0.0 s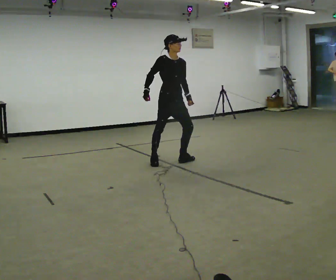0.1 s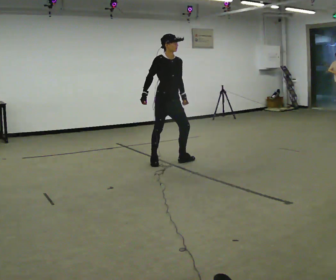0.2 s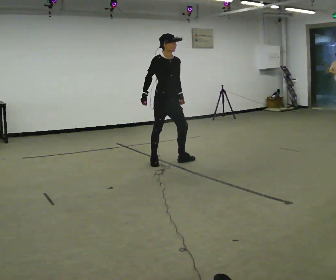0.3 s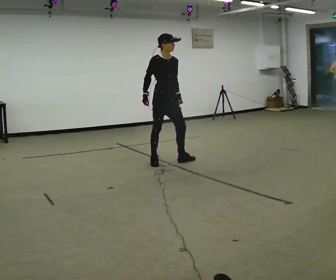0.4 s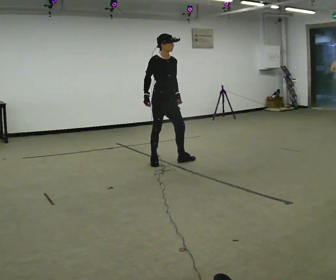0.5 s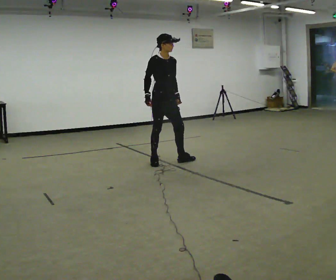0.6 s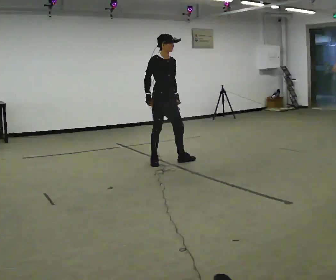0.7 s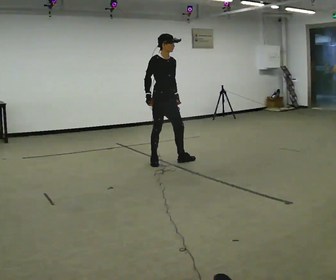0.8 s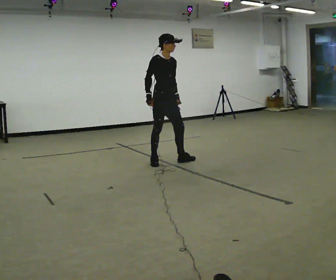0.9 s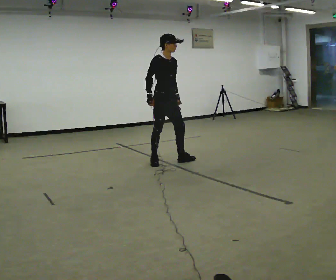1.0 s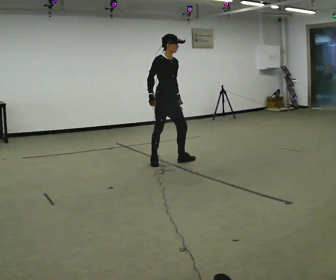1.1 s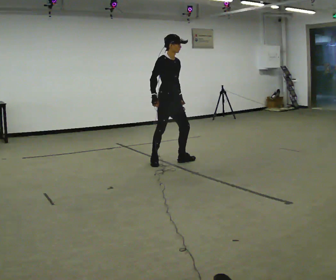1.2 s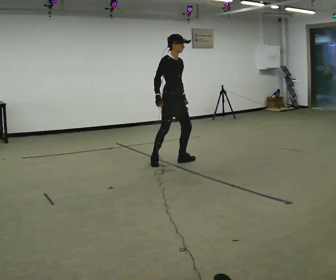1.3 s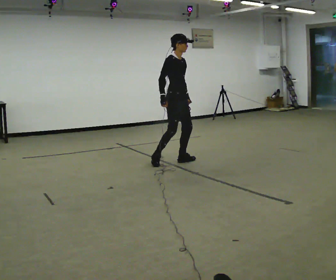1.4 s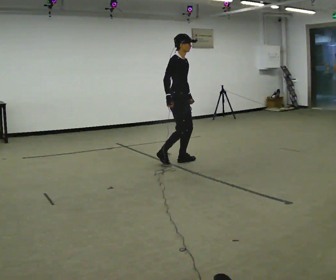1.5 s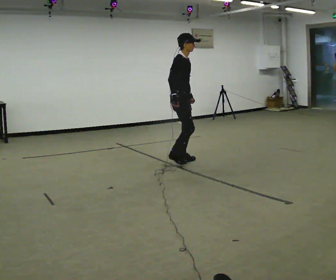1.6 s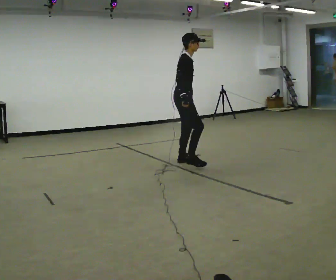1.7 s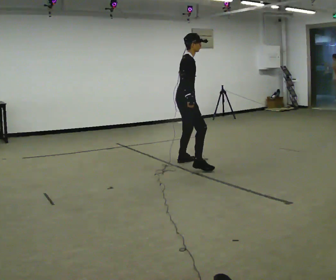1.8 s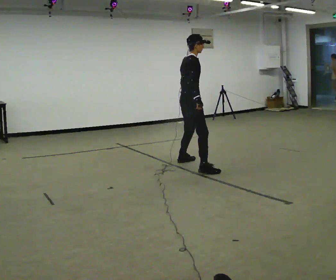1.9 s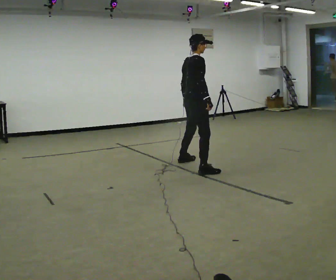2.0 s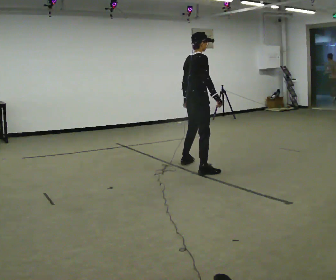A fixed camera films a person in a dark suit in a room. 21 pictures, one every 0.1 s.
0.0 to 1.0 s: The person moves a little, or ends about where they began.
1.0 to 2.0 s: The person turns about 75 degrees to their left, counterclockwise seen from above, so the part of the body nearest the lens slides to the right. In the picture they go to the right and toward the camera, about 0.5 m in 1 step.
The film runs forward here.
